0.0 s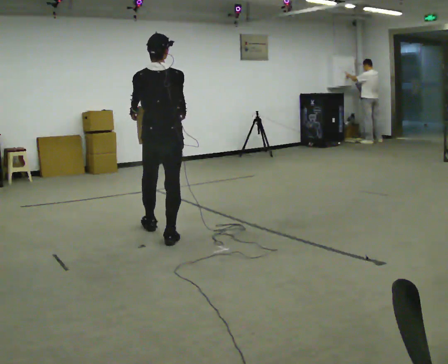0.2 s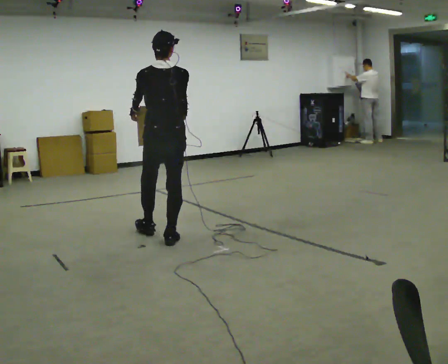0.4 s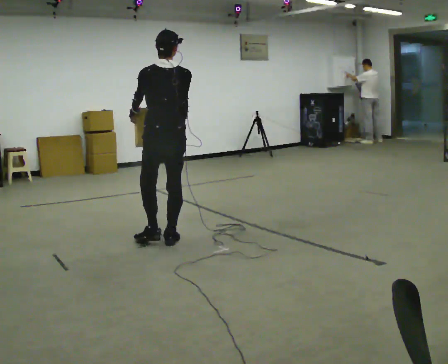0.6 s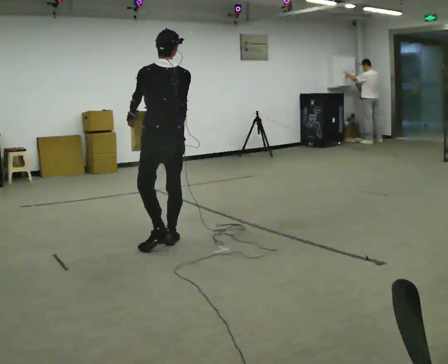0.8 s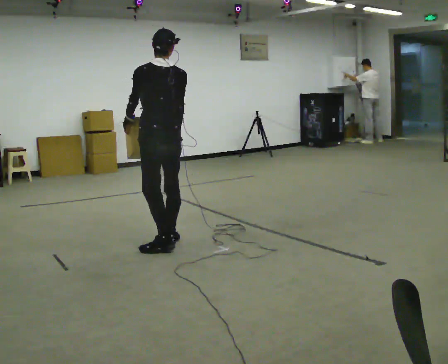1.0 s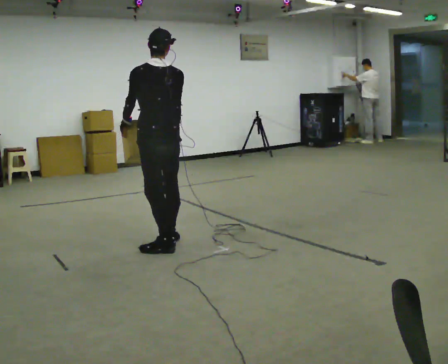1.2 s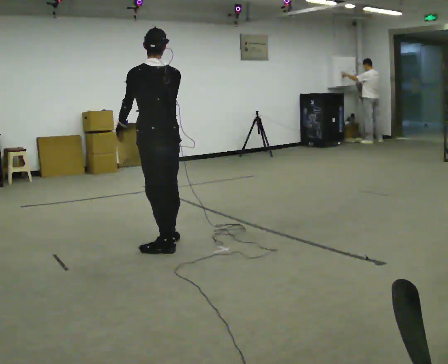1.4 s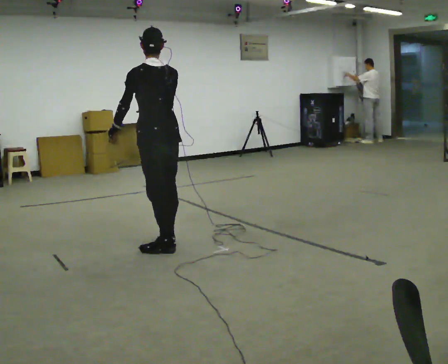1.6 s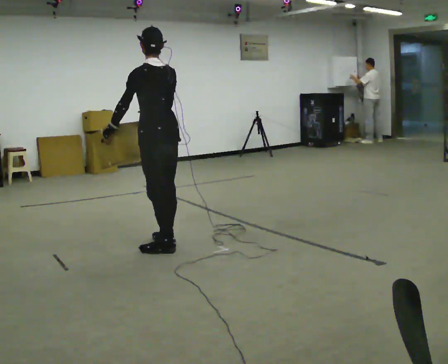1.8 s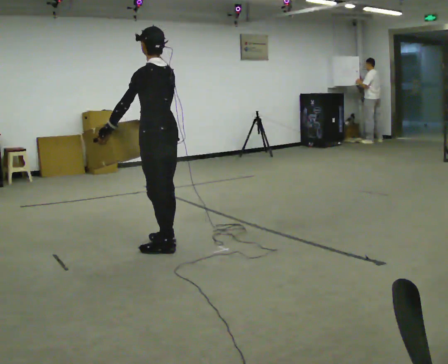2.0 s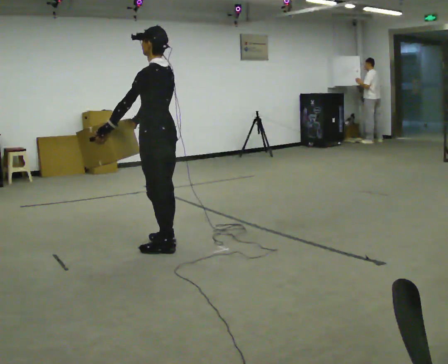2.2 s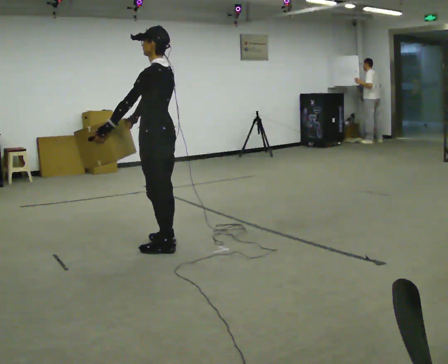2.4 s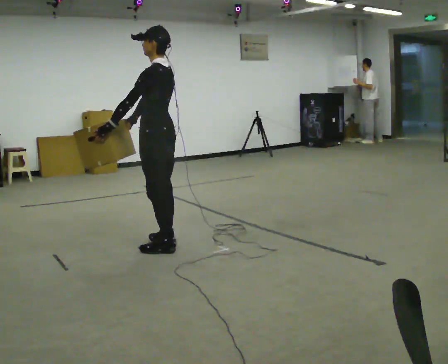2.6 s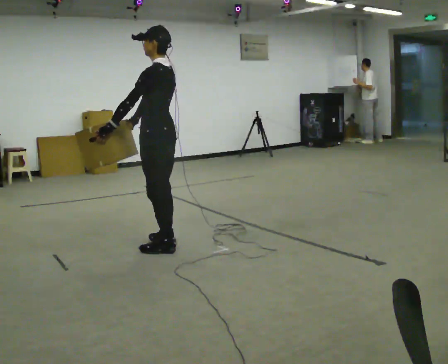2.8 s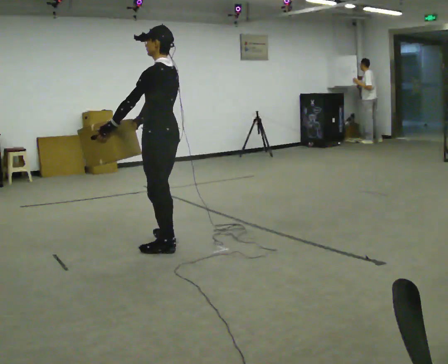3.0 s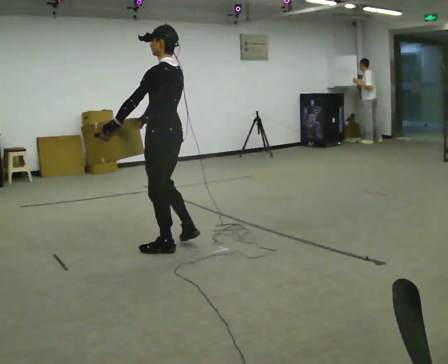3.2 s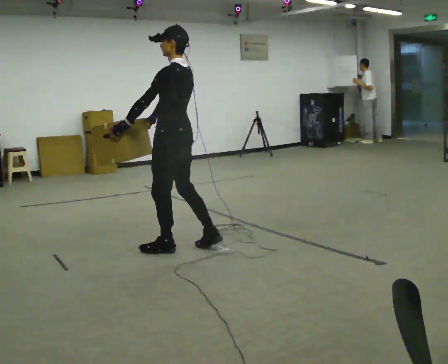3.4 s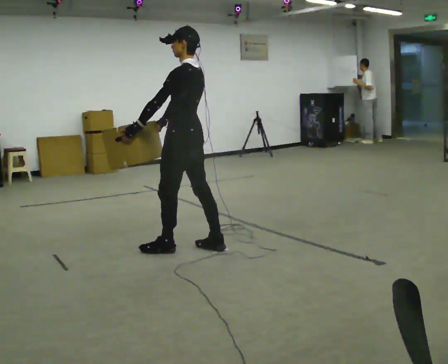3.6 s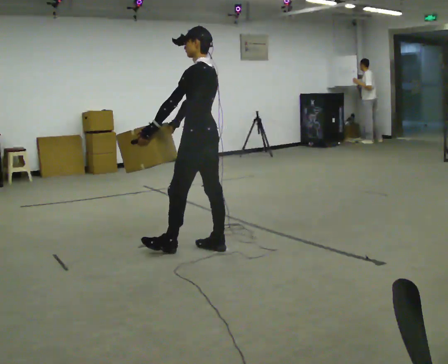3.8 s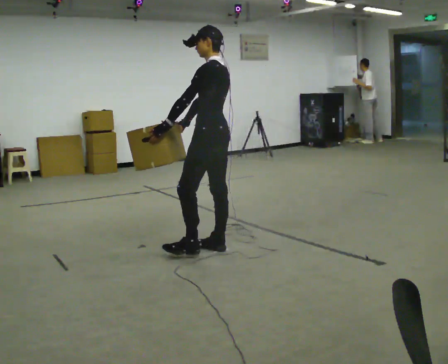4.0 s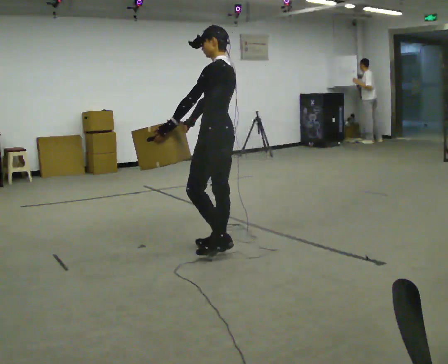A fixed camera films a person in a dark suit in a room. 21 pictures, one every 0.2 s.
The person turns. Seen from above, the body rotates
counterclockwise.
Their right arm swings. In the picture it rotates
clockwise.
0.0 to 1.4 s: The part of the body nearest the lens slides to the right as the person turns to their left by about 30 degrees. In the picture they go toward the camera, about 0.25 m, which for them is backward.
1.4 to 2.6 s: Seen from above the body turns counterclockwise, about 30 degrees: to their left, with its near side sliding to the right.
2.6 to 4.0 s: In the picture they go to the right, about 0.5 m in 2 steps, which for them is backward.
The film runs backward here.
